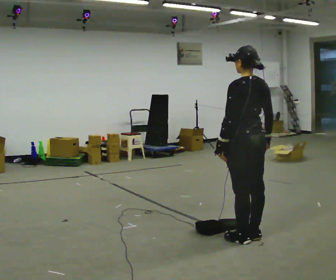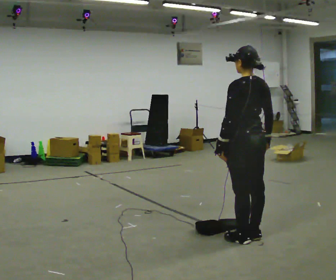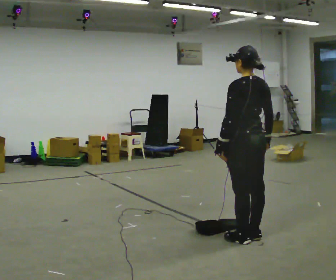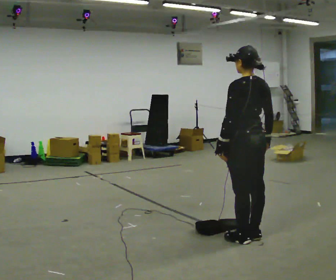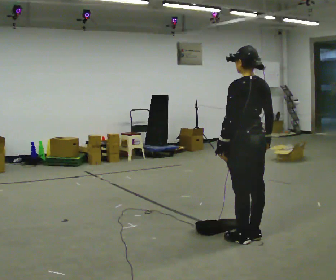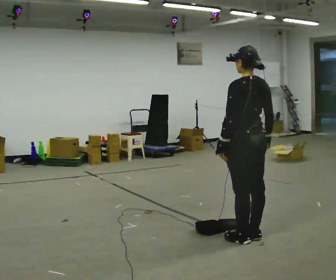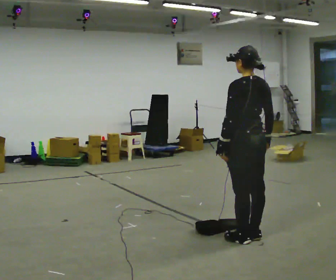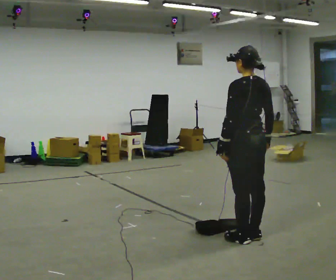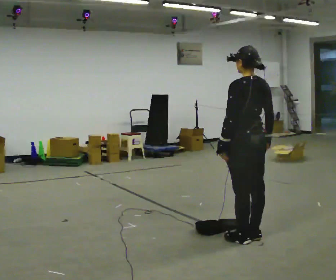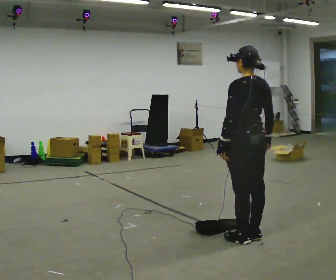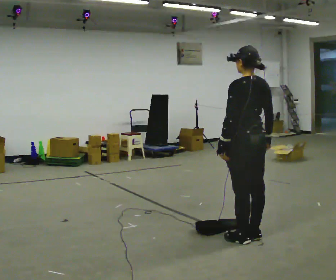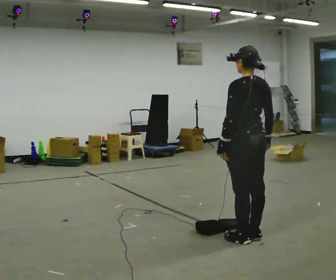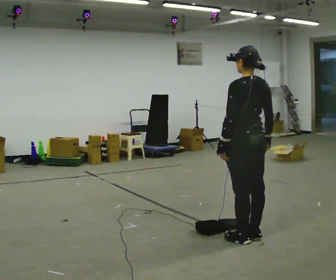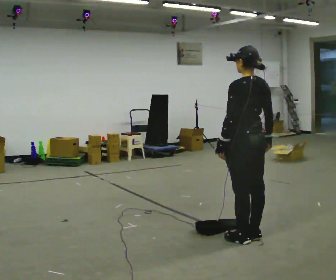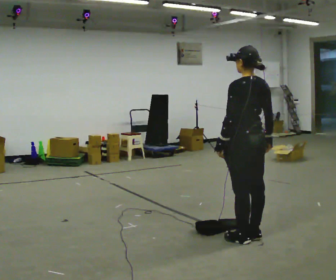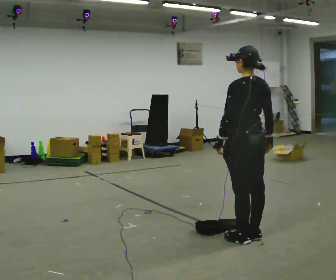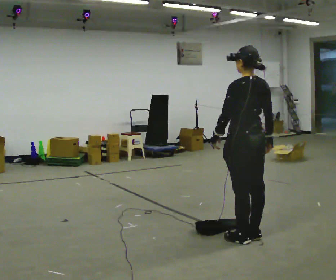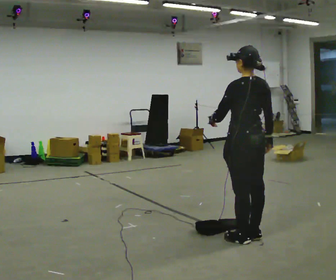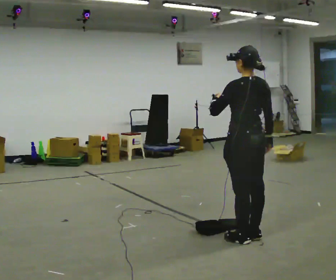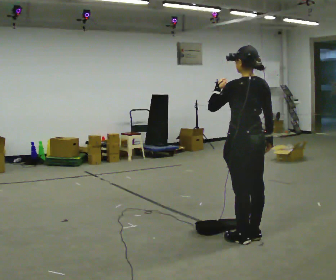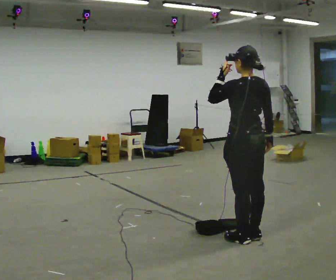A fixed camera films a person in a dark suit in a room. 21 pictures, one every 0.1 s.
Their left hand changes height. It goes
upward.
0.0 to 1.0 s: The person keeps their place and pose.
1.0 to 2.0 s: In the picture their left hand goes upward.
The film runs backward here.
